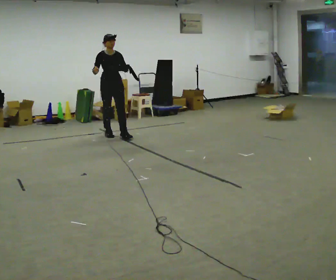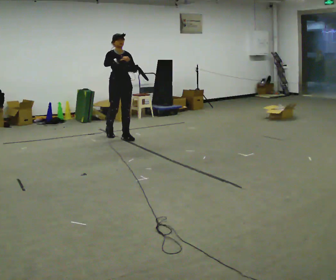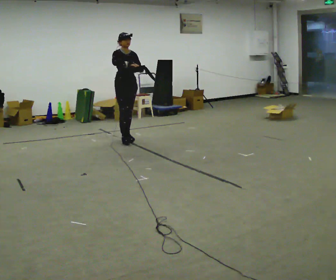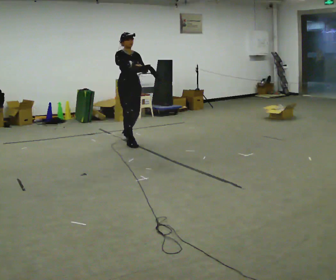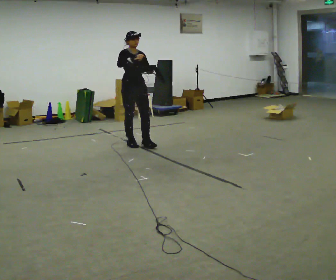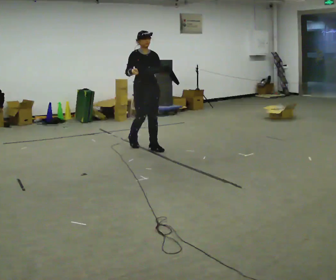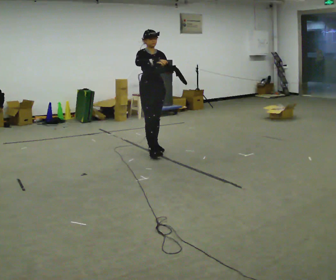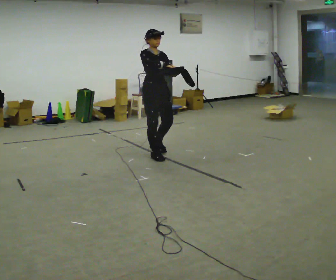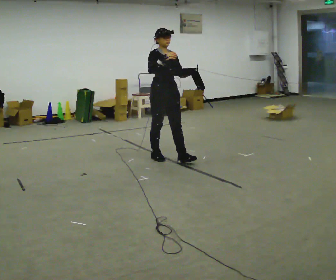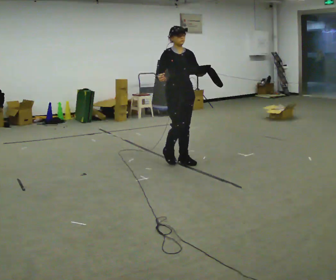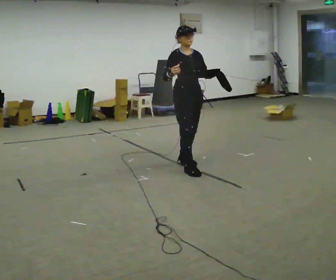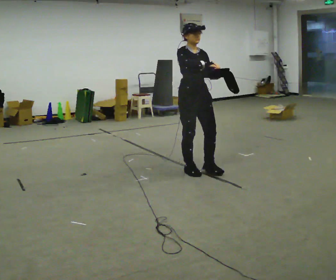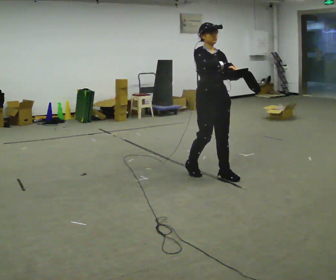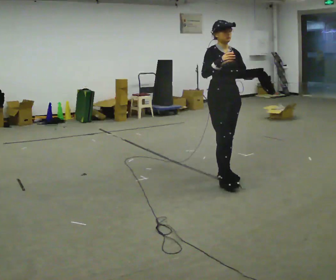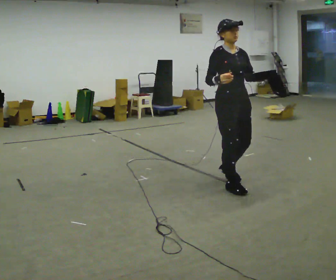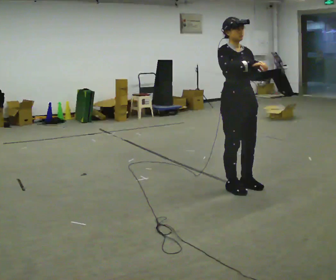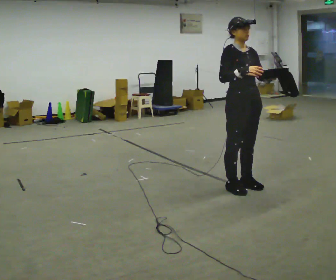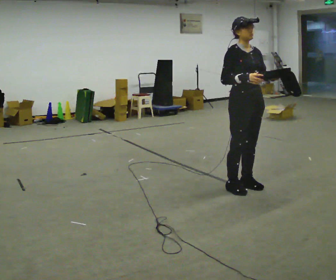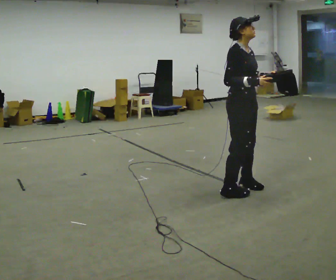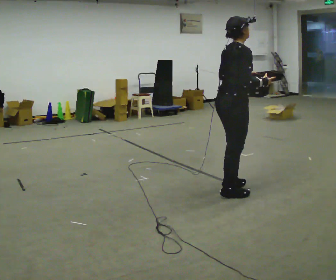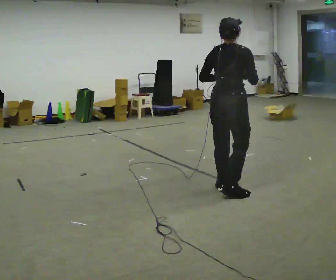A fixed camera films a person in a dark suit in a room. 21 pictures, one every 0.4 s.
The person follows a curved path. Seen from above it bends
clockwise.
0.0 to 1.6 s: In the picture they go toward the camera and to the right, about 0.5 m in 2 steps, which for them is forward.
1.6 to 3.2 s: In the picture they go toward the camera and to the right, about 1 m in 3 steps, which for them is forward.
3.2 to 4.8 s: In the picture they go toward the camera and to the right, about 1 m in 2 steps, which for them is forward.
4.8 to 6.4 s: In the picture they go toward the camera and to the right, about 0.5 m in 2 steps, which for them is forward.
6.4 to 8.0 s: Seen from above the body turns counterclockwise, about 105 degrees: to their left, with its near side sliding to the right. In the picture they go to the left, about 0.25 m in 2 steps.
The film runs forward here.
